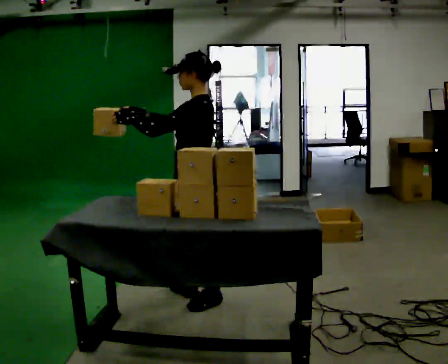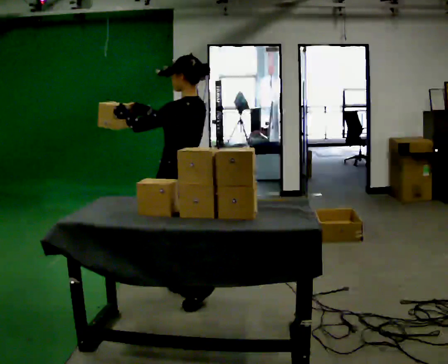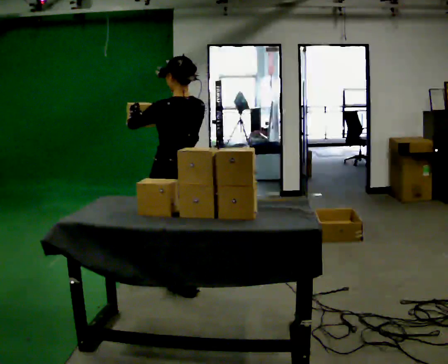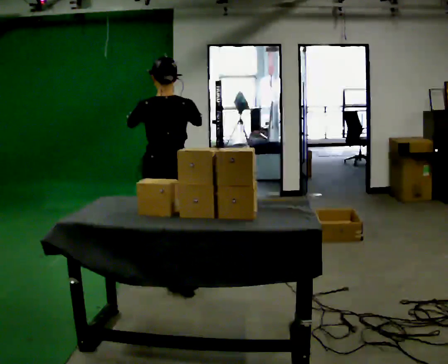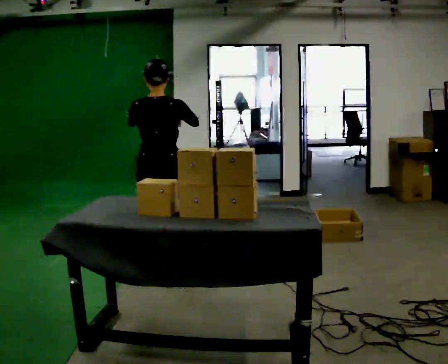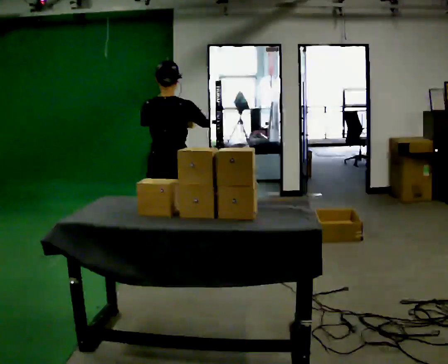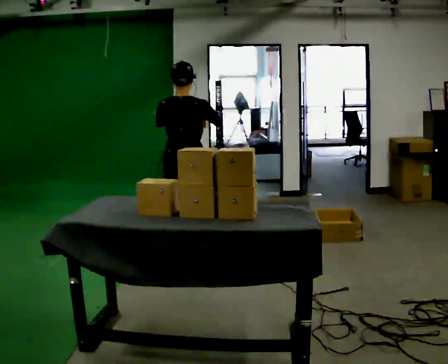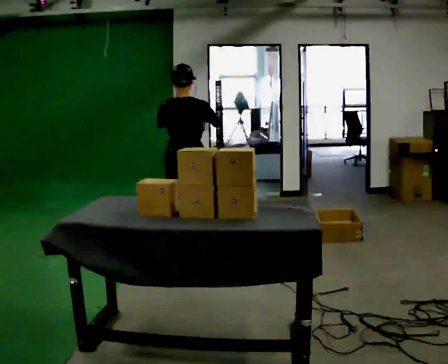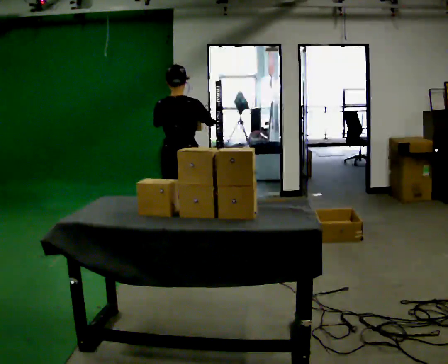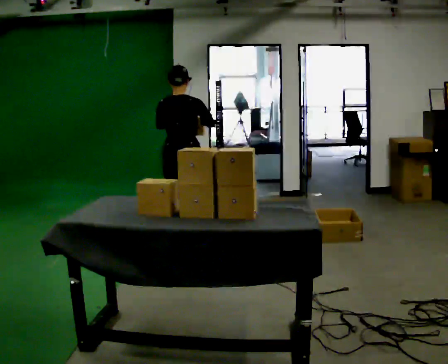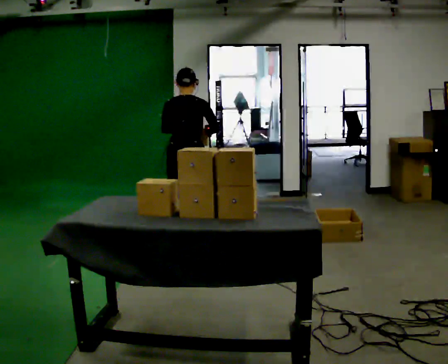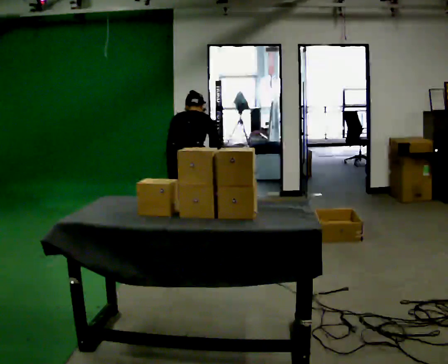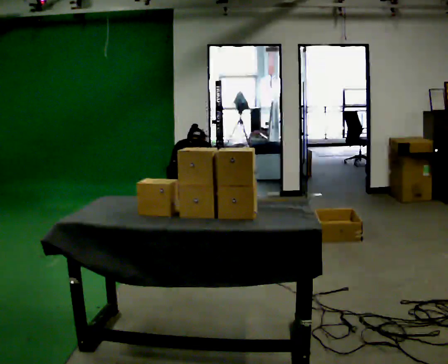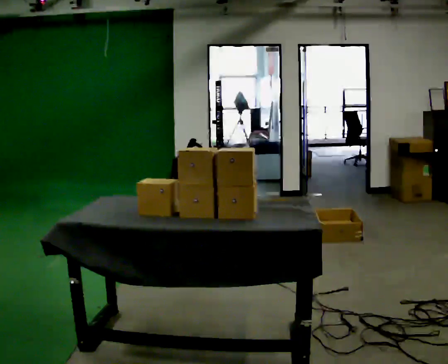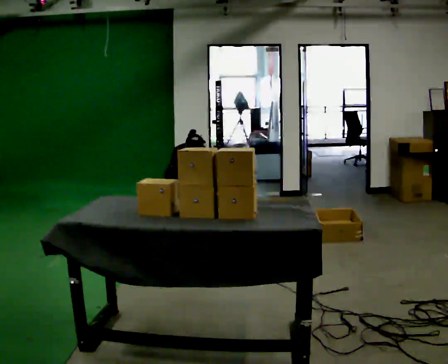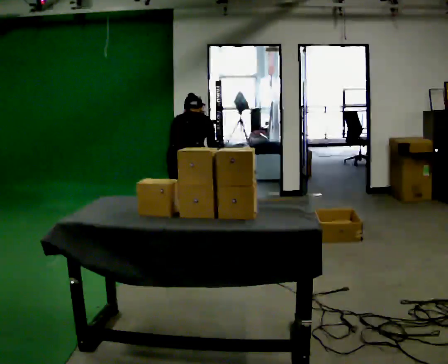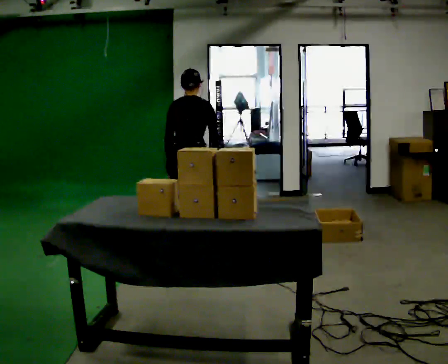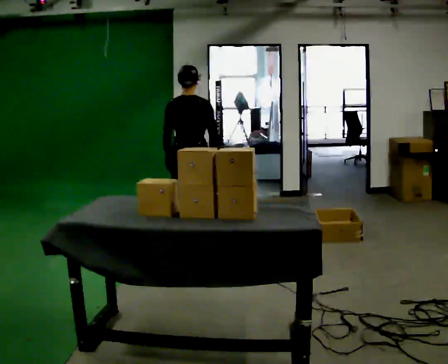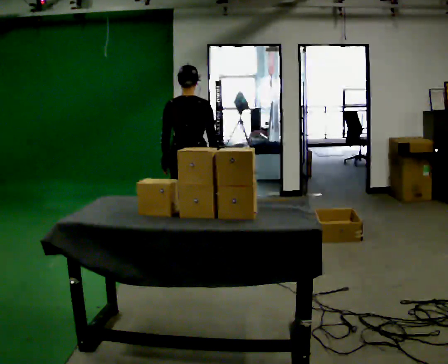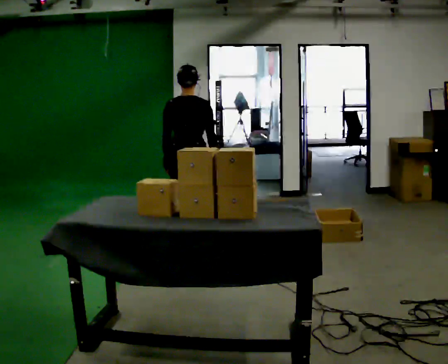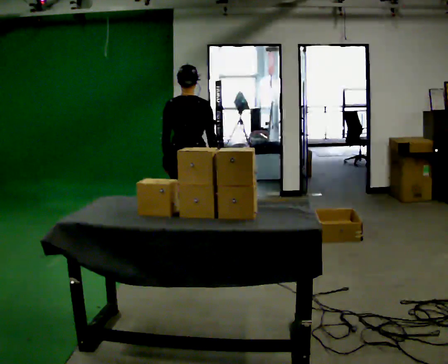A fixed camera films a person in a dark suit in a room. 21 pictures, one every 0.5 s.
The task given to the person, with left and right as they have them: 1. Take the objects out of the box on the table one at a time. 2. Put each one in the bin the operator has labelled for it. 3. Tell the operator when you are finished.
0.0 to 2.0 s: Seen from above the body turns clockwise, about 90 degrees: to their right, with its near side sliding to the left. In the picture they go away from the camera and to the left, about 0.5 m in 1 step.
2.0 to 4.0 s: In the picture they go away from the camera, about 0.5 m in 2 steps, which for them is forward.
4.0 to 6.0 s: The upper body goes downward. The upper body tips away from the camera, its near side rolling upward, as they bend forward. In the picture their right hand goes downward.
6.0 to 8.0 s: The upper body tips toward the camera, its near side rolling downward, as they lean back or straighten. In the picture their right hand goes upward.
8.0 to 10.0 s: The upper body tips toward the camera, its near side rolling downward, as they lean back or straighten.
The film runs forward here.
